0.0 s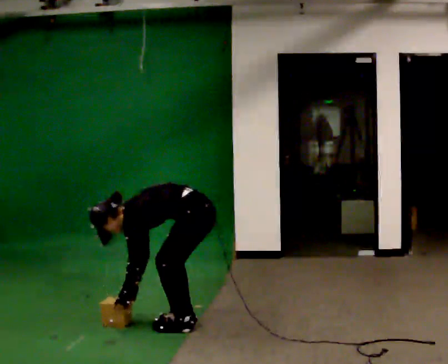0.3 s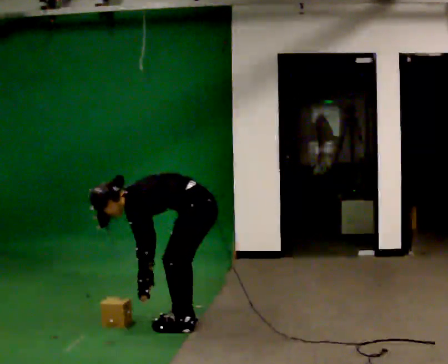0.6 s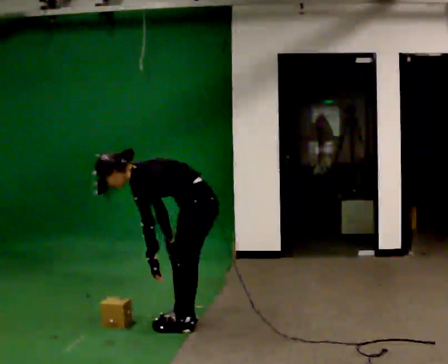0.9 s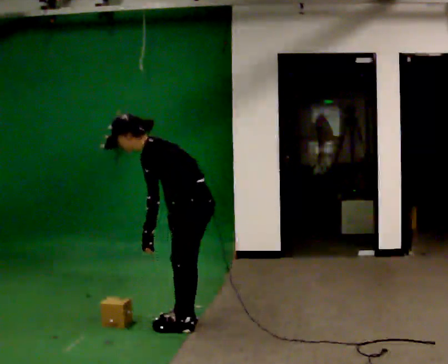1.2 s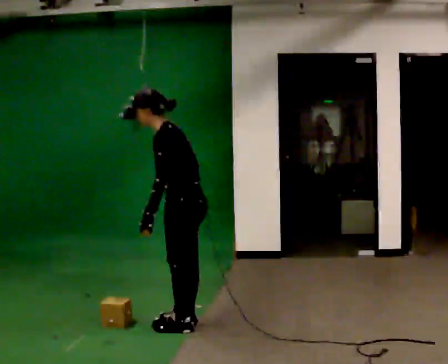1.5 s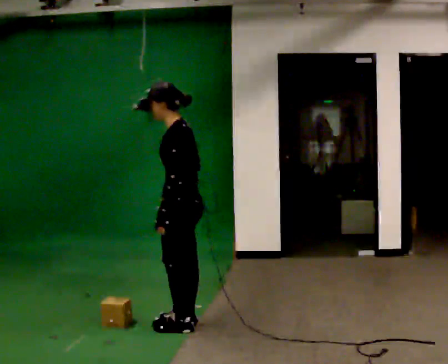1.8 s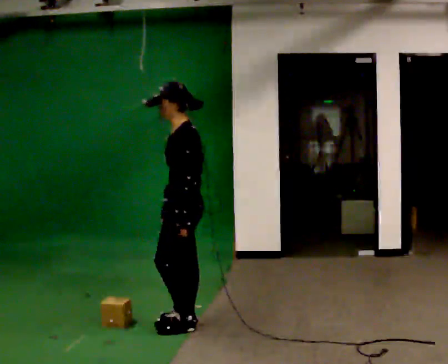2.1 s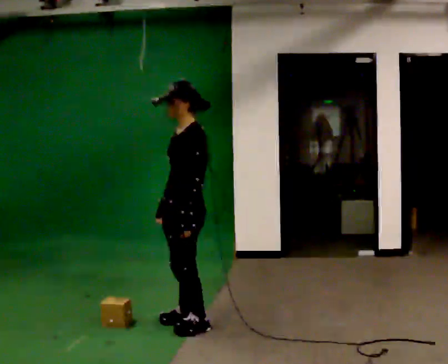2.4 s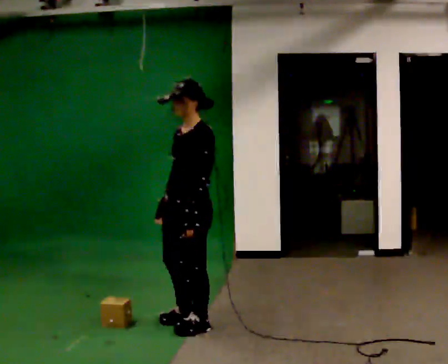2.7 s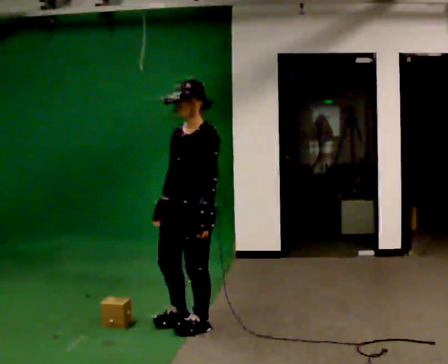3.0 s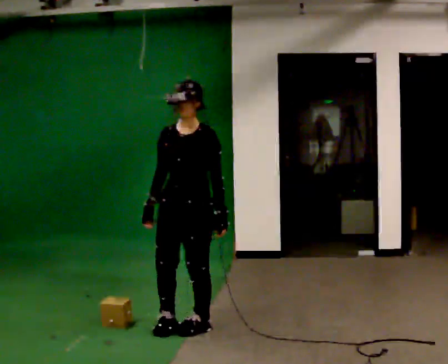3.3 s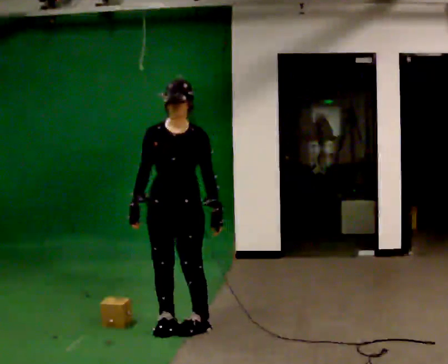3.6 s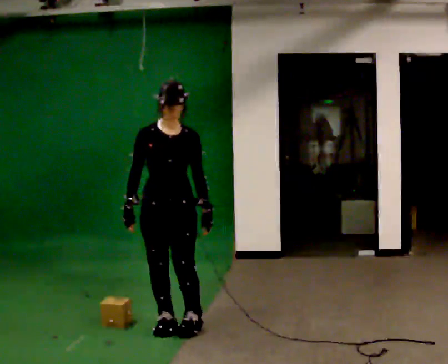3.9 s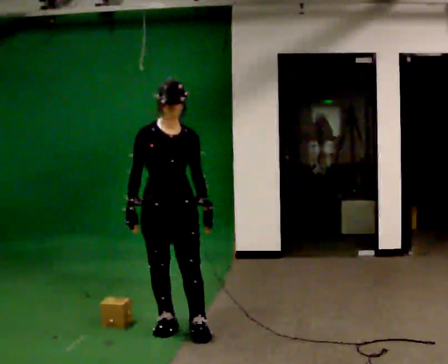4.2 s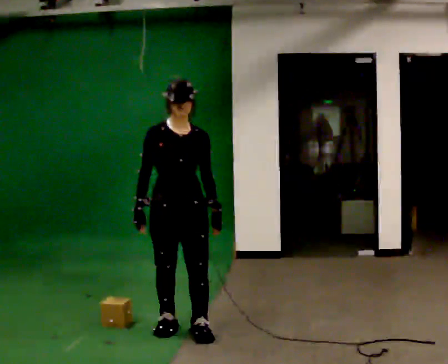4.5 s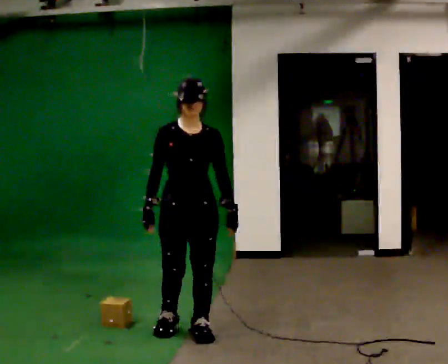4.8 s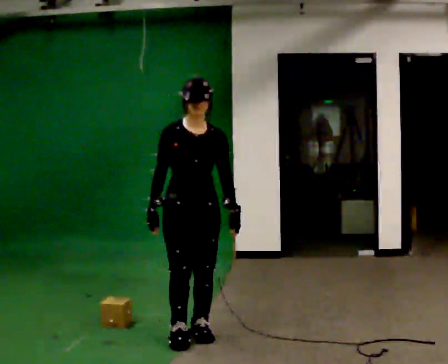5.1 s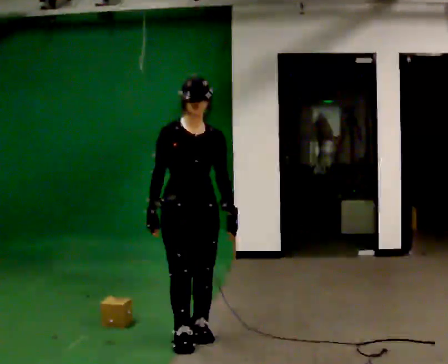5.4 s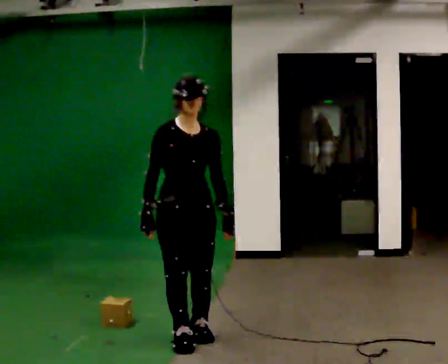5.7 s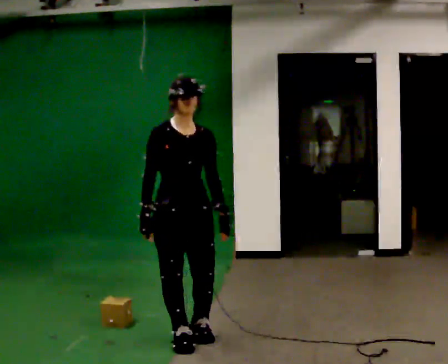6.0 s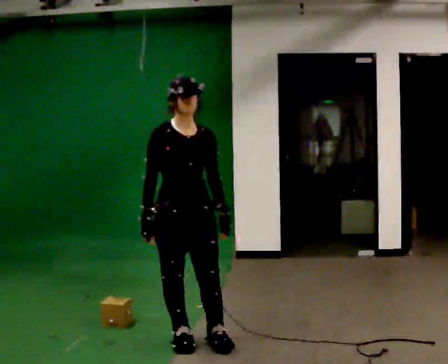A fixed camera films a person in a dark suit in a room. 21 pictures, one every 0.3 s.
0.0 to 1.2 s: The shoulders move upward. In the picture the upper body tilts clockwise, shoulders to the right, as they lean back or straighten. In the picture their left hand goes upward.
1.2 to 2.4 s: Seen from above the body turns counterclockwise, about 30 degrees: to their left, with its near side sliding to the right. In the picture the upper body tilts clockwise, shoulders to the right, as they lean back or straighten.
2.4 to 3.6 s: The person turns about 75 degrees to their left, counterclockwise seen from above, so the part of the body nearest the lens slides to the right. In the picture they go to the left, about 0.25 m.
3.6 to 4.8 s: In the picture they go toward the camera, about 0.25 m, which for them is forward and to their left.
4.8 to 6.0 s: In the picture they go toward the camera, about 0.25 m in 1 step, which for them is forward.
The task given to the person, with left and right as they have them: Take the objects from the bin one at a time and put one in each of the places the operator points out. Keep going until the operator says stop; one object at a time, and do not rush between trips.
The film runs forward here.
